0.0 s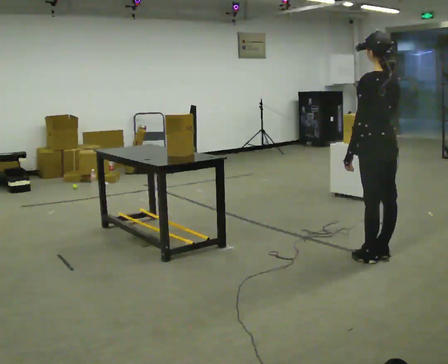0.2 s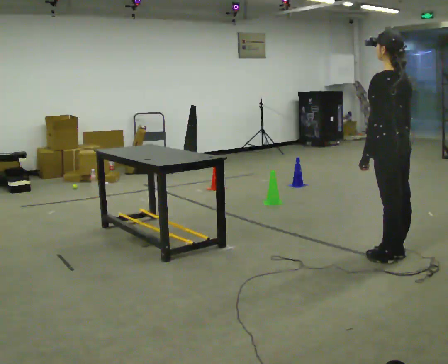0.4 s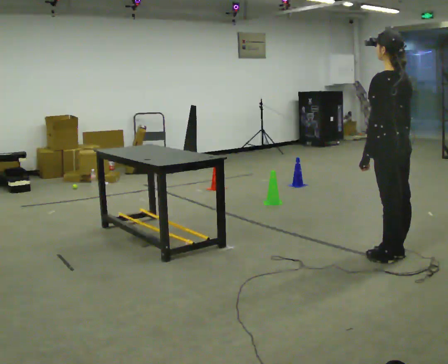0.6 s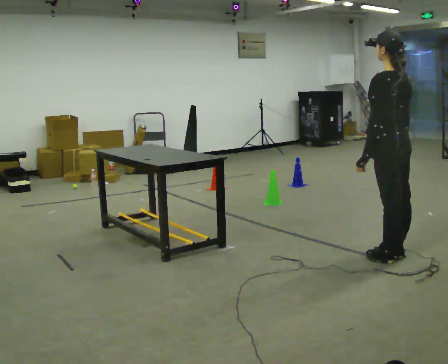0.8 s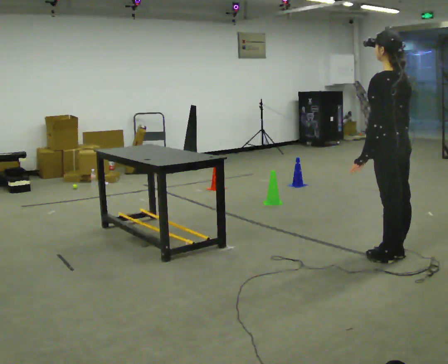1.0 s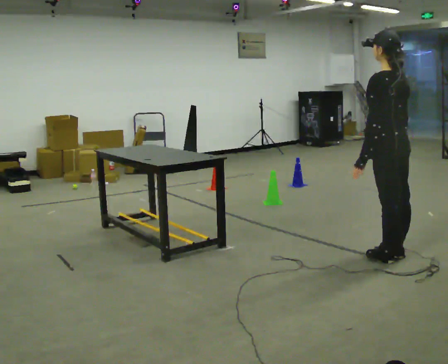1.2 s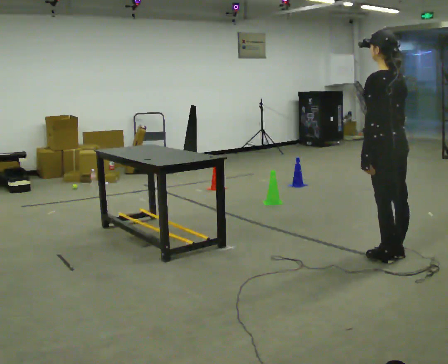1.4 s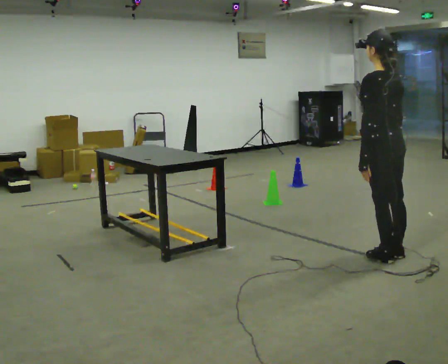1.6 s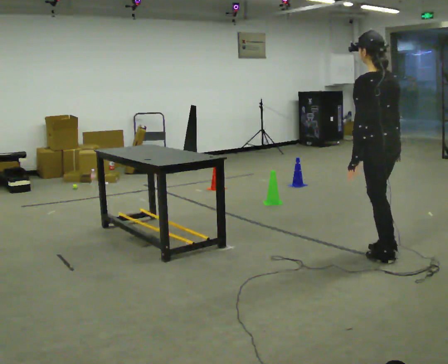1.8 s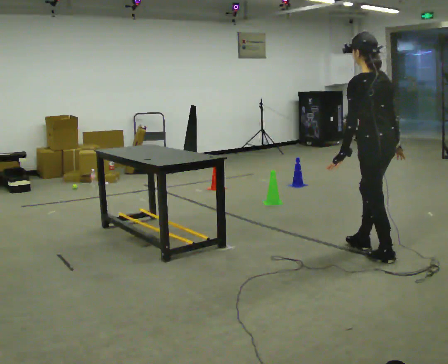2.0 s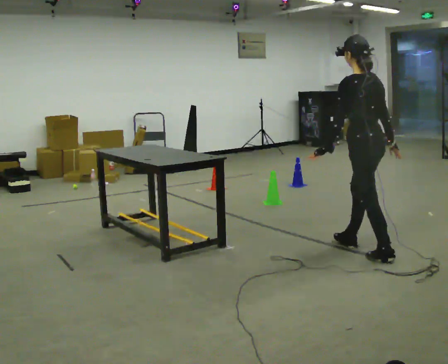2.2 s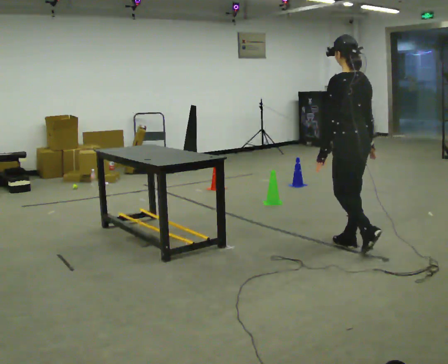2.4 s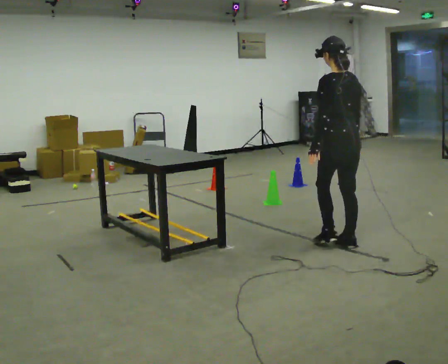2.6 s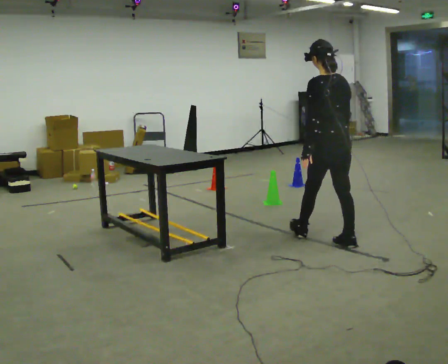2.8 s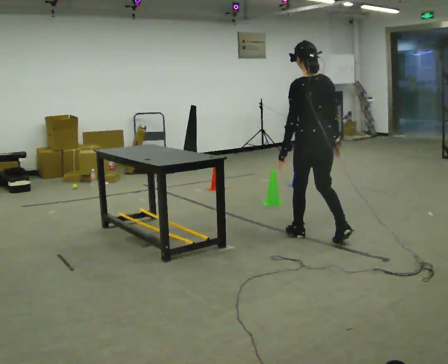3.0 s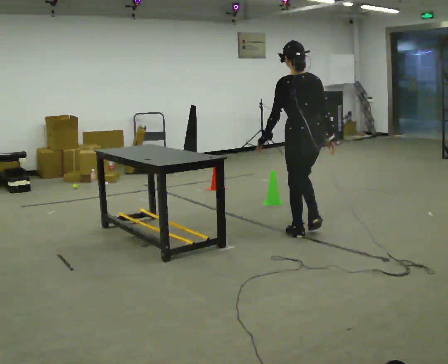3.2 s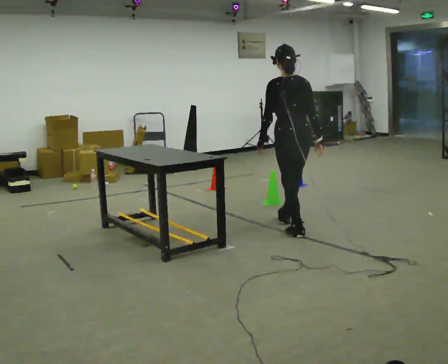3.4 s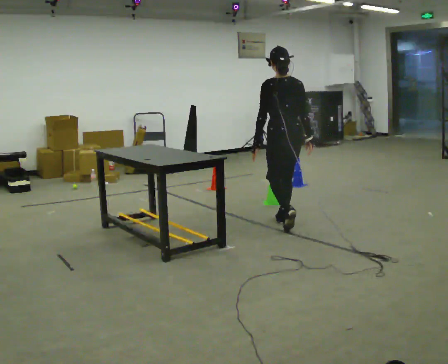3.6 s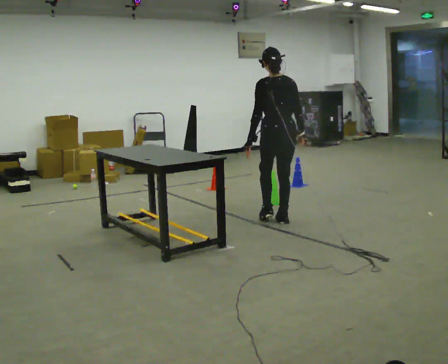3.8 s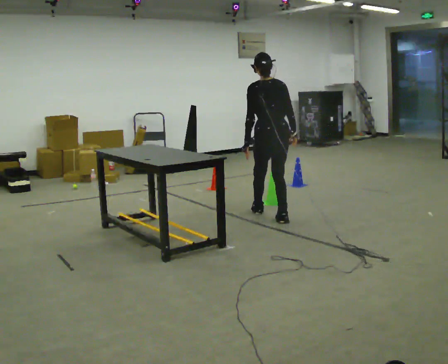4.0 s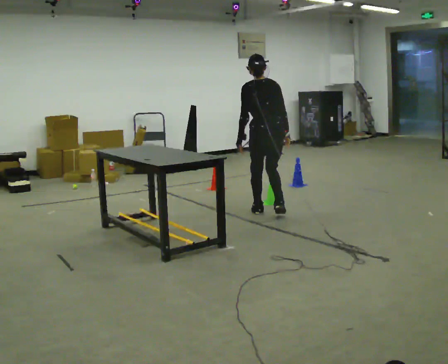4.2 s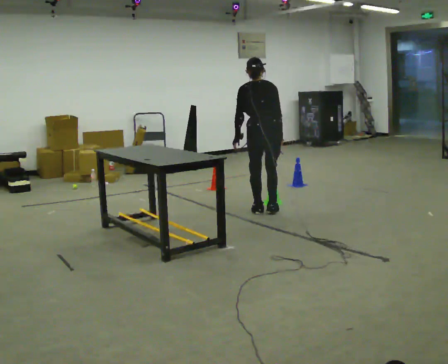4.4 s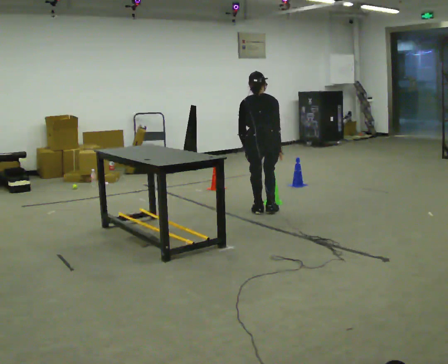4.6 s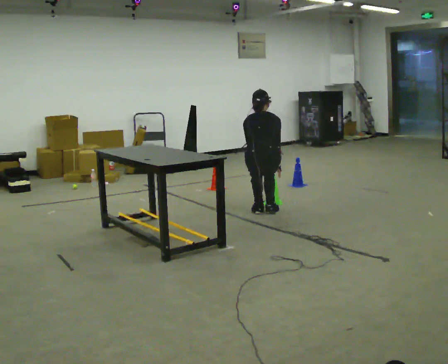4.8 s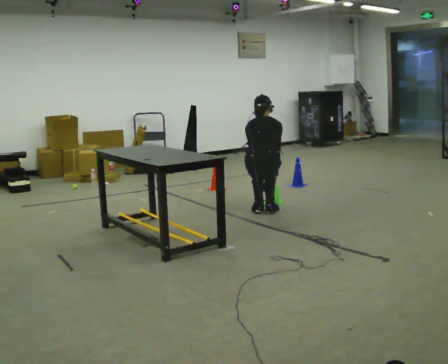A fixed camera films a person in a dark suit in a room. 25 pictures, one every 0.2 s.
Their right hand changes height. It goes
downward.
The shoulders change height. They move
downward.
0.0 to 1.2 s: In the picture their right hand goes downward.
1.2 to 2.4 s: In the picture they go away from the camera and to the left, about 0.5 m in 1 step, which for them is forward.
2.4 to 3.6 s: In the picture they go away from the camera and to the left, about 1 m in 2 steps, which for them is forward.
3.6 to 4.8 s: Seen from above the body turns clockwise, about 30 degrees: to their right, with its near side sliding to the left. In the picture they go away from the camera and to the left, about 0.25 m in 2 steps, which for them is forward. The shoulders move downward. The upper body tips away from the camera, its near side rolling upward, as they bend forward. In the picture their left hand goes downward.
The film runs forward here.
